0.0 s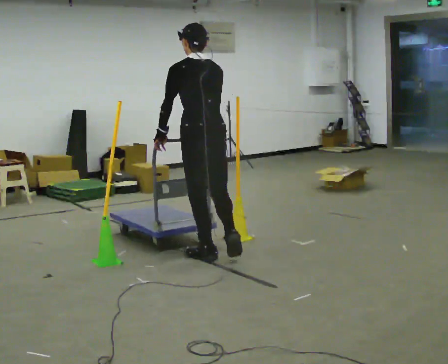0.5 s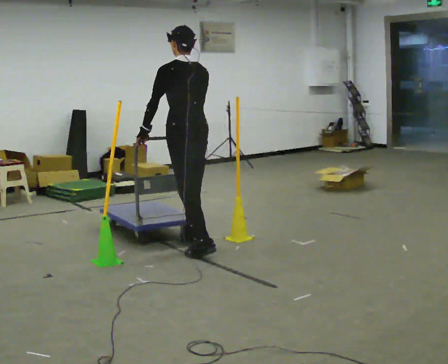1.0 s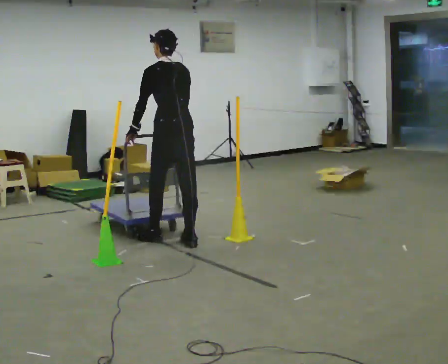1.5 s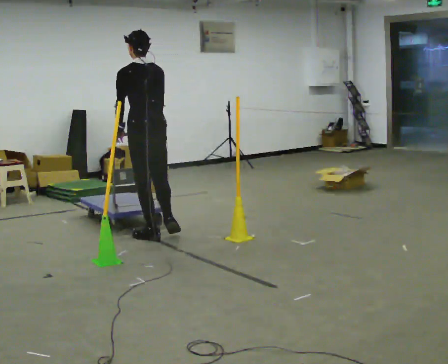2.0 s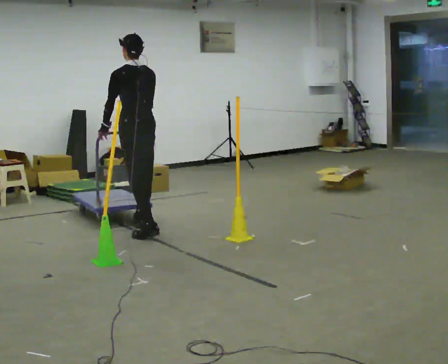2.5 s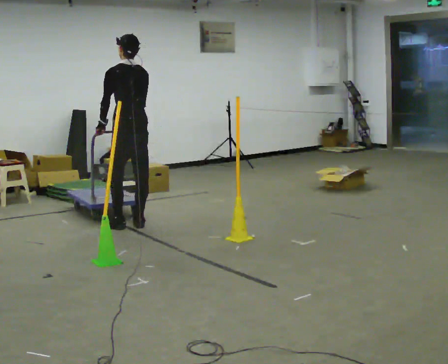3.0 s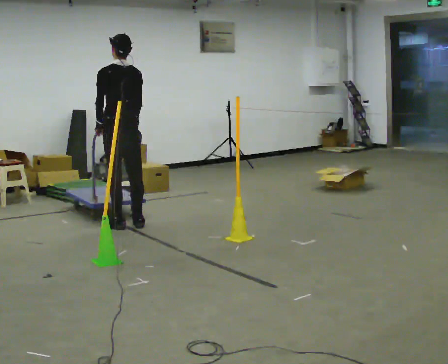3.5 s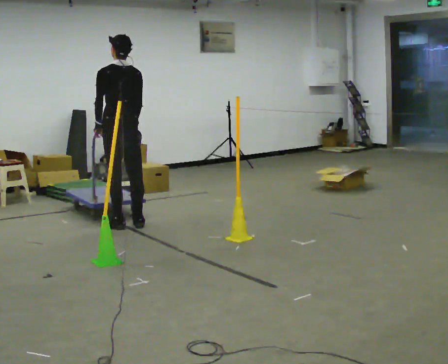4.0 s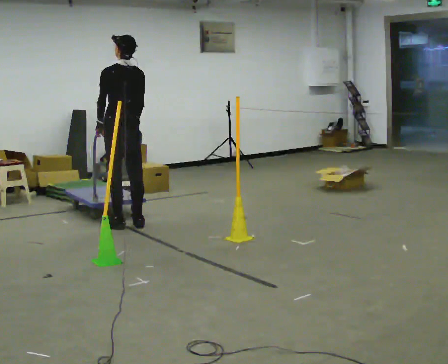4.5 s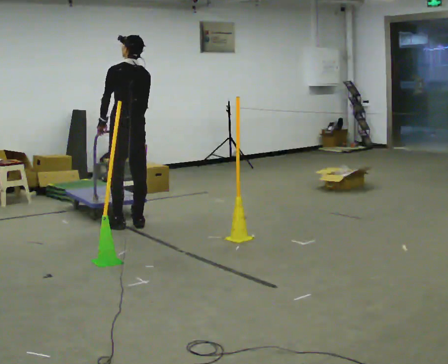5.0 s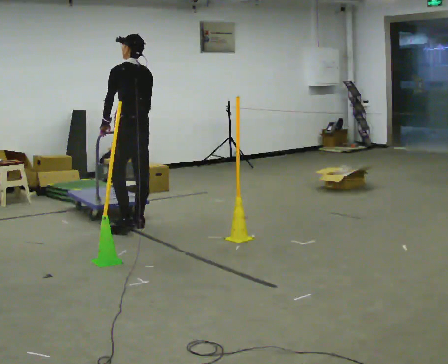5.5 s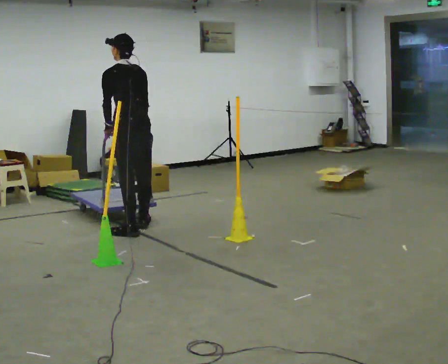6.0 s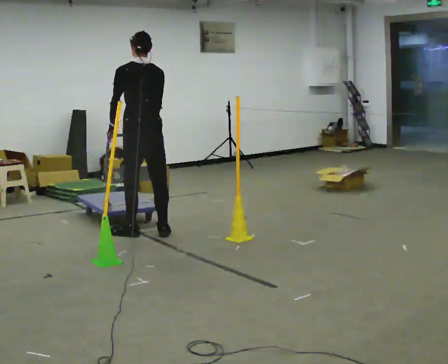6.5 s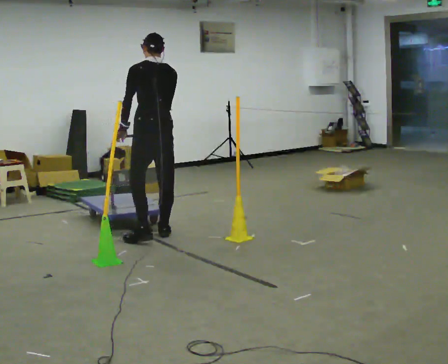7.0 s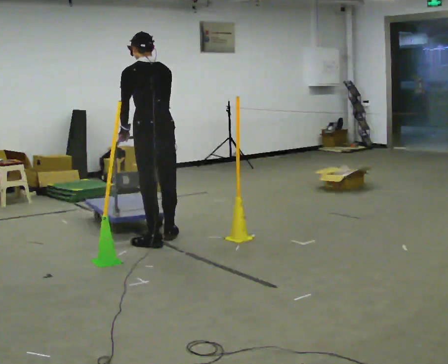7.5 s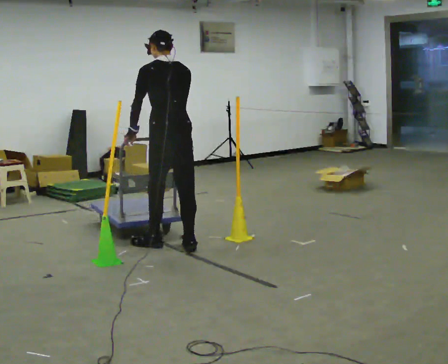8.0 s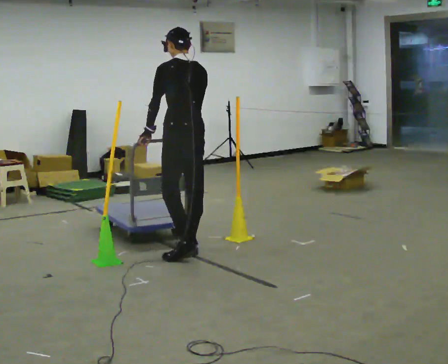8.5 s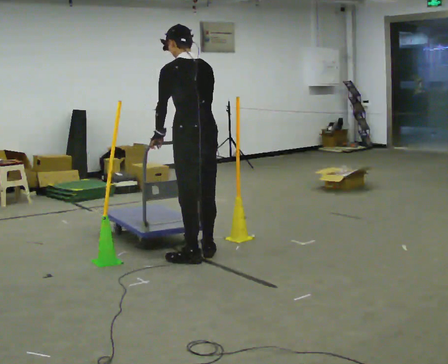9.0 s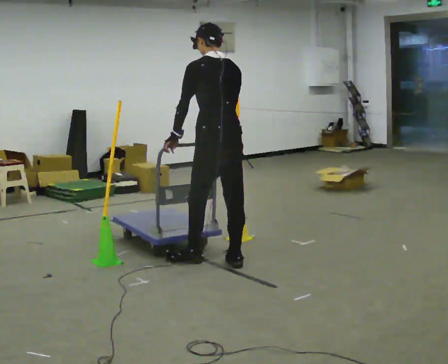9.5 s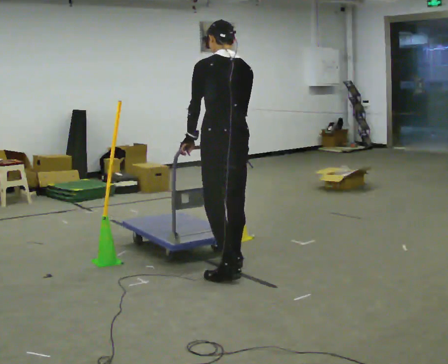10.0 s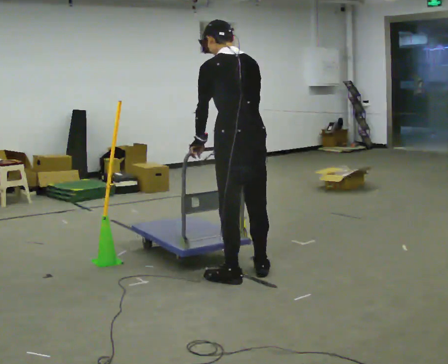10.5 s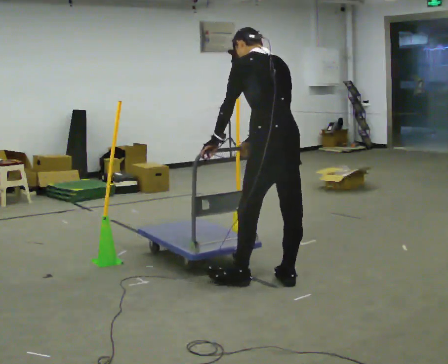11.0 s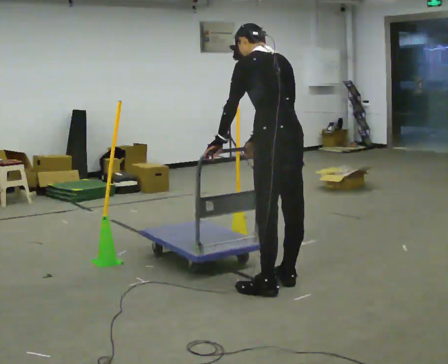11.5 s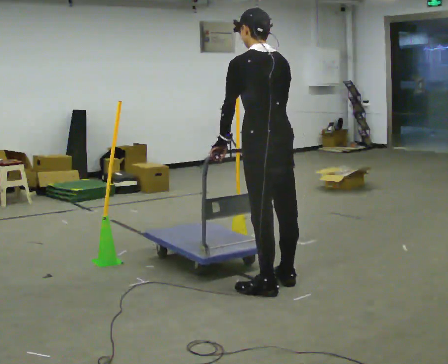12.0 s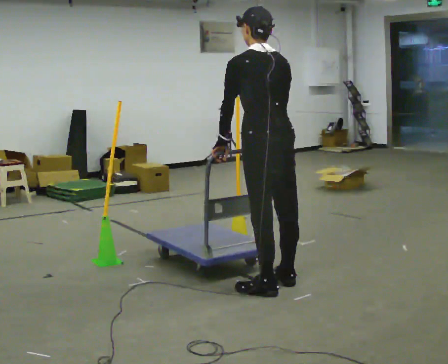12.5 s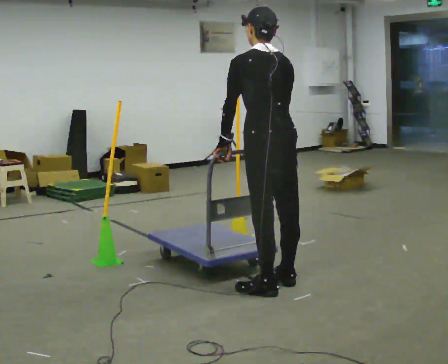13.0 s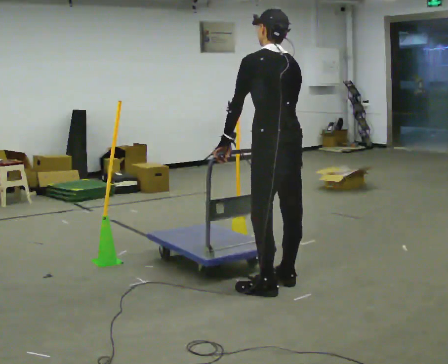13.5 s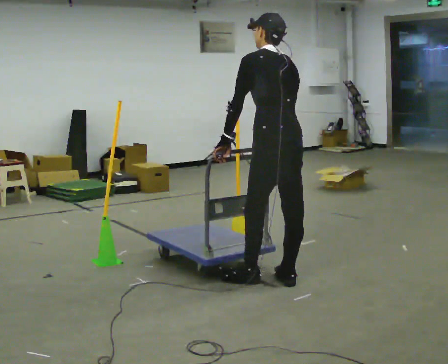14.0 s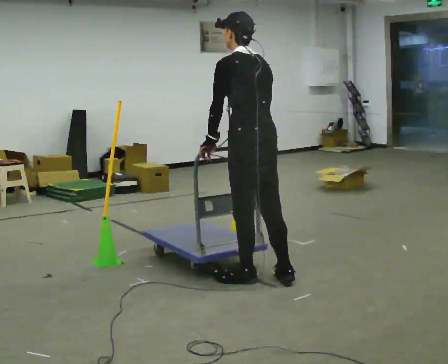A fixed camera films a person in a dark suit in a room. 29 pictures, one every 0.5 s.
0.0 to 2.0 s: In the picture they go away from the camera and to the left, about 1 m in 3 steps, which for them is forward.
2.0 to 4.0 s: In the picture they go away from the camera and to the left, about 0.25 m in 1 step, which for them is forward.
4.0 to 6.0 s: In the picture they go toward the camera and to the right, about 0.5 m in 2 steps, which for them is backward.
6.0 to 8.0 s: In the picture they go toward the camera and to the right, about 0.75 m in 2 steps, which for them is backward.
8.0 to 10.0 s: In the picture they go toward the camera and to the right, about 1 m in 3 steps, which for them is backward.
10.0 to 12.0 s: In the picture they go toward the camera and to the right, about 0.25 m in 2 steps, which for them is backward.
12.0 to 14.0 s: In the picture they go away from the camera, about 0.25 m in 1 step, which for them is forward.
The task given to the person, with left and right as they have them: Push the cart through the gap between the poles without touching them, then bring it back through.
The film runs forward here.
